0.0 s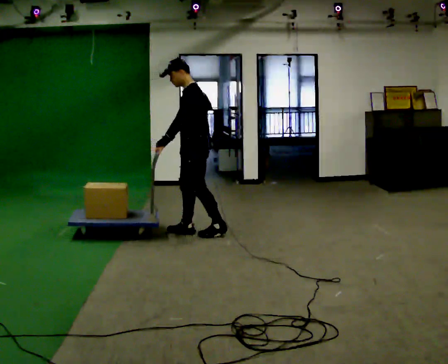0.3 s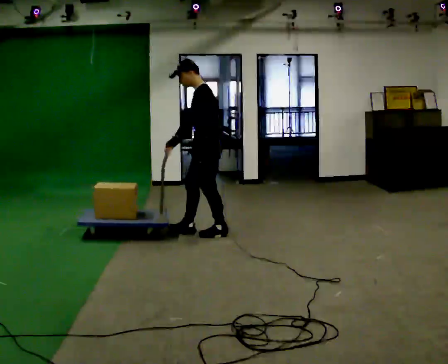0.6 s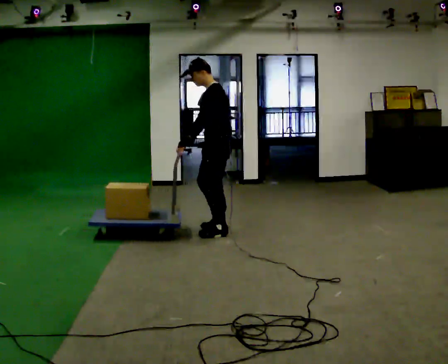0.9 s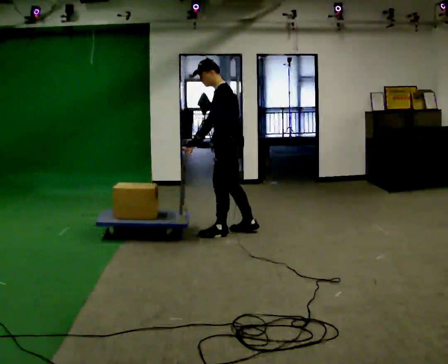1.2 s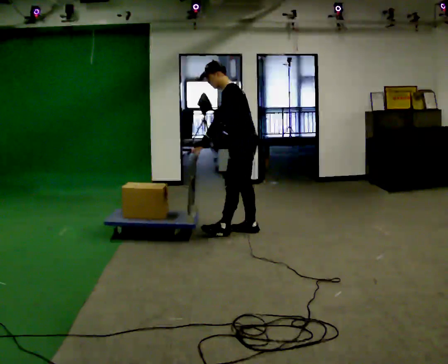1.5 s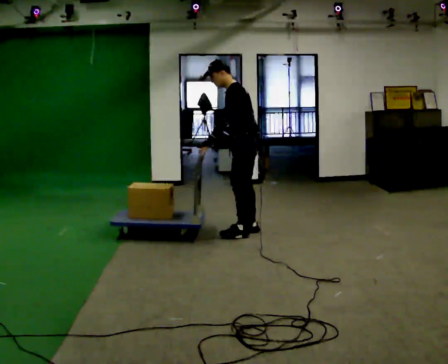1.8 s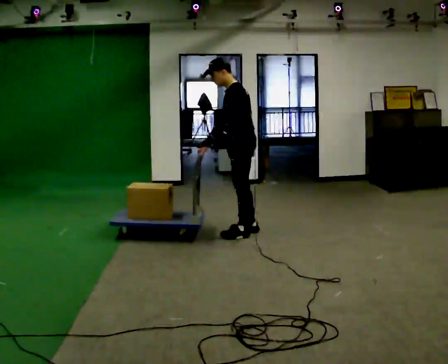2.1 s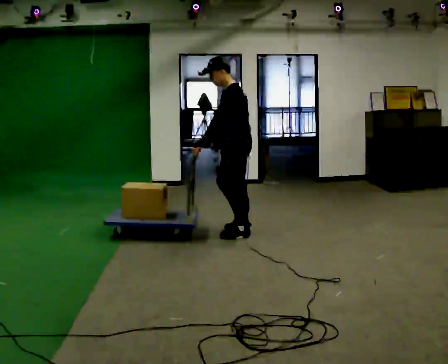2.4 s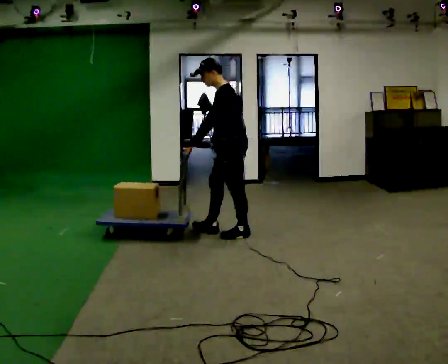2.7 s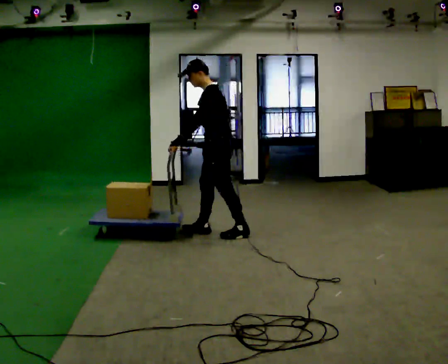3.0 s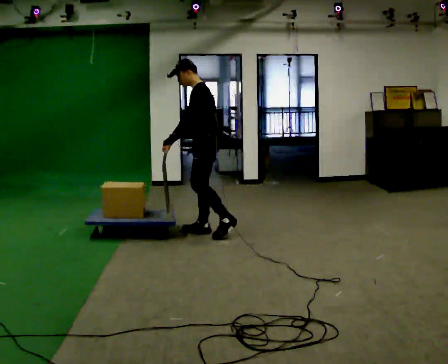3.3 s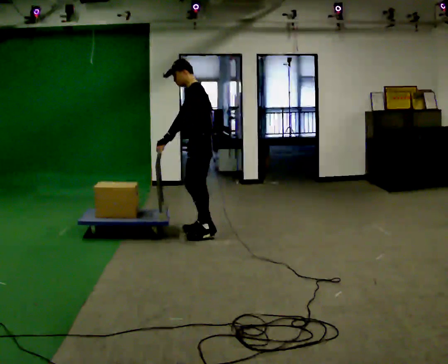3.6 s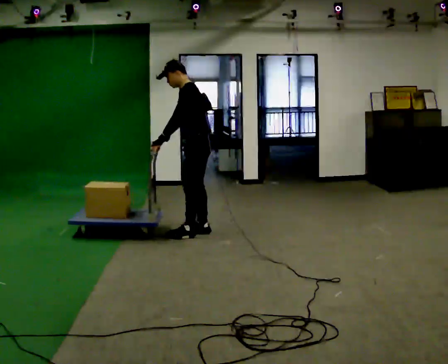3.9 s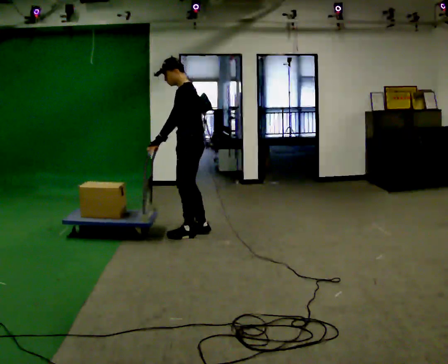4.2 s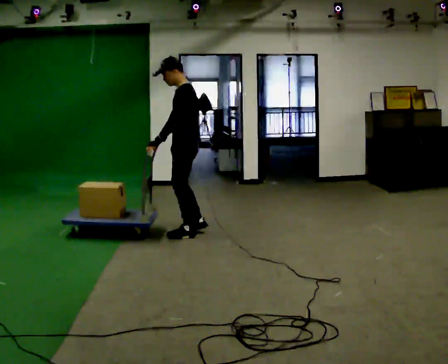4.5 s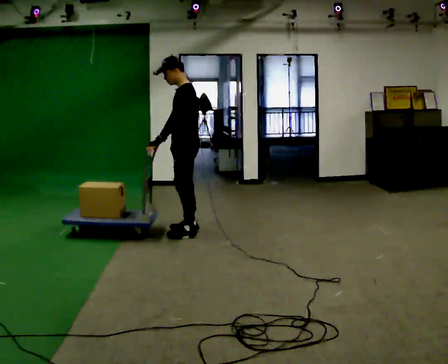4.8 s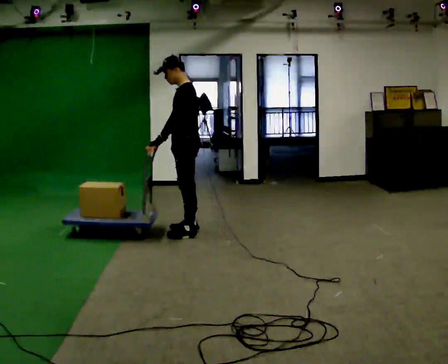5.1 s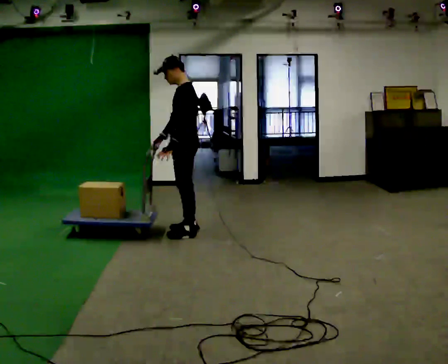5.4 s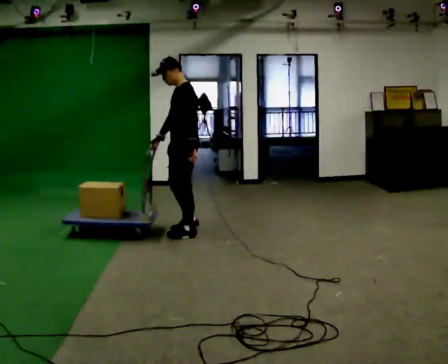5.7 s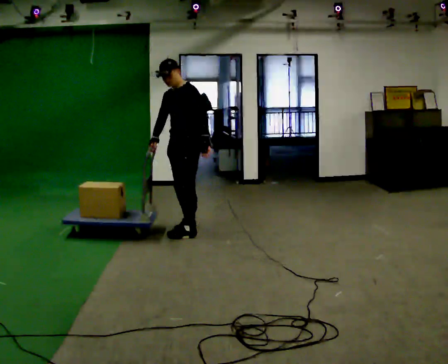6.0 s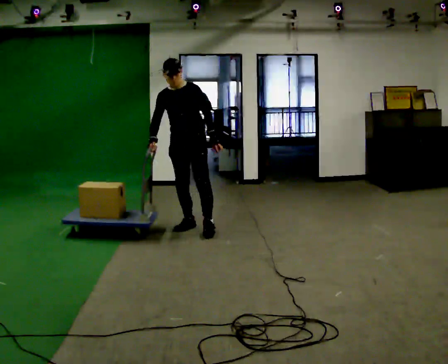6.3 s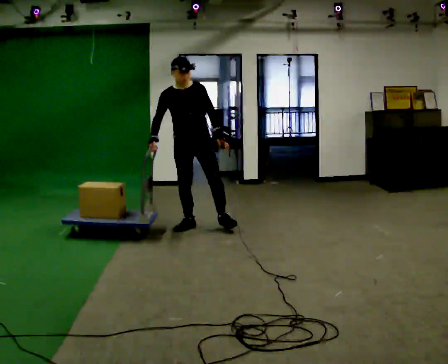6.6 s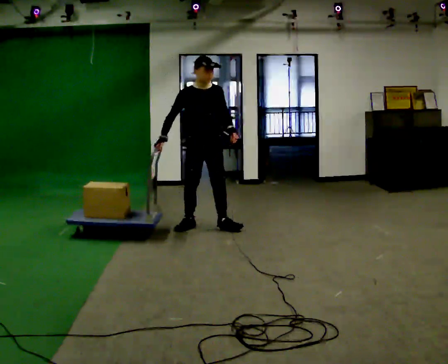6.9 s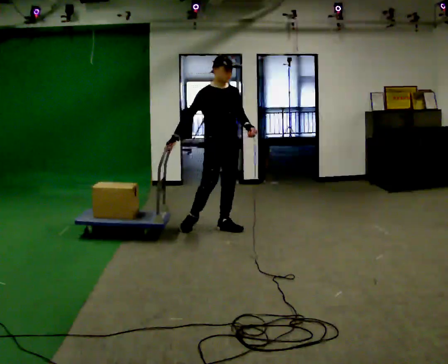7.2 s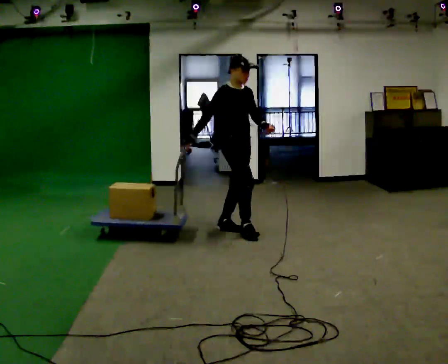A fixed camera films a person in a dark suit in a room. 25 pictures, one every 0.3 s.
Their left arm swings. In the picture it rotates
counterclockwise.
0.0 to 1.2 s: In the picture they go to the right, about 0.5 m in 1 step, which for them is backward.
1.2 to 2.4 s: The person moves a little, or ends about where they began.
2.4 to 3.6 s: In the picture they go to the left, about 0.25 m in 2 steps, which for them is forward.
3.6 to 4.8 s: The person moves a little, or ends about where they began.
4.8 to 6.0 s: The person turns about 75 degrees to their left, counterclockwise seen from above, so the part of the body nearest the lens slides to the right. In the picture they go away from the camera, about 0.25 m in 1 step. In the picture their left hand goes to the right, the arm swinging counterclockwise.
6.0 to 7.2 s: The part of the body nearest the lens slides to the right as the person turns to their left by about 75 degrees. In the picture they go to the right, about 0.5 m in 1 step.
The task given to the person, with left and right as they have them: Get the cart into the marked parking space and lined up with the tape. Take as many adjustments as you need. Then take it out again and repeat.
The film runs forward here.
